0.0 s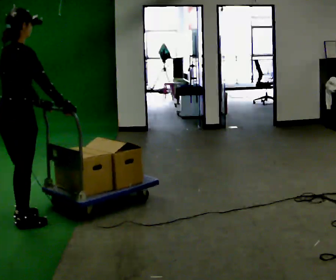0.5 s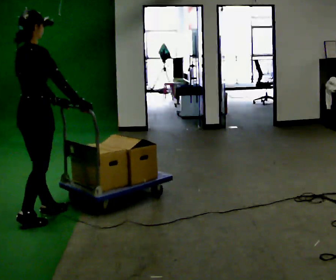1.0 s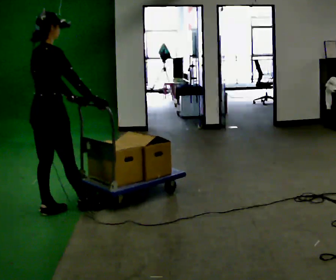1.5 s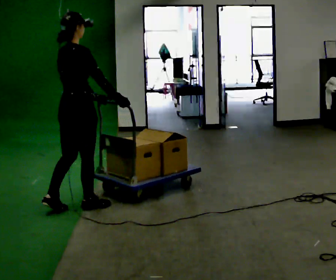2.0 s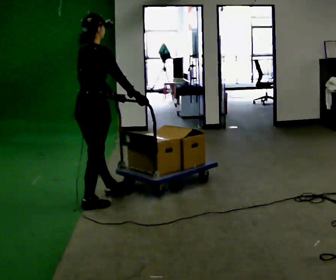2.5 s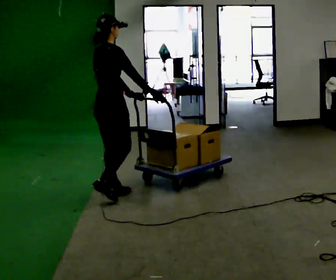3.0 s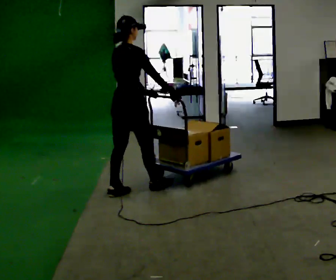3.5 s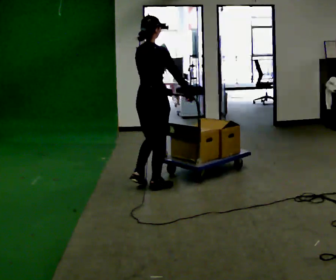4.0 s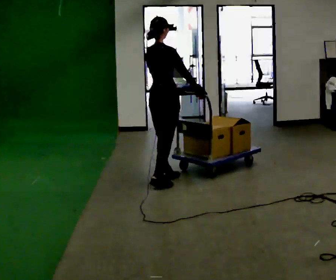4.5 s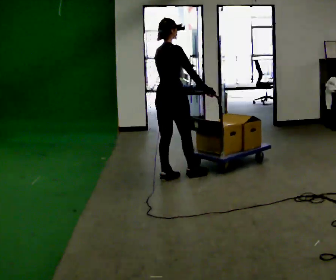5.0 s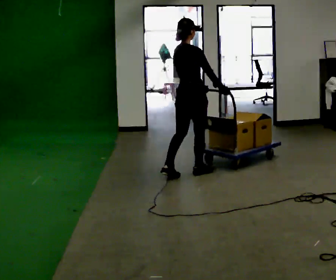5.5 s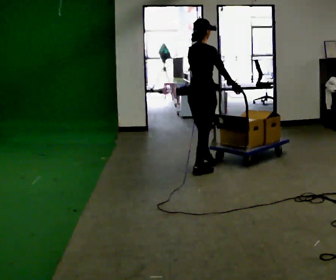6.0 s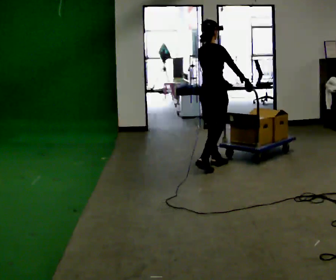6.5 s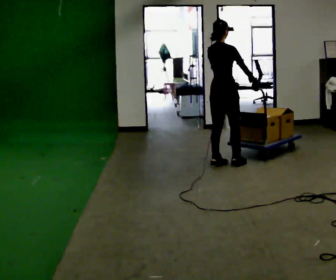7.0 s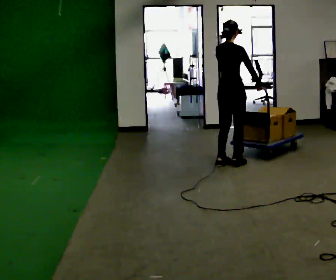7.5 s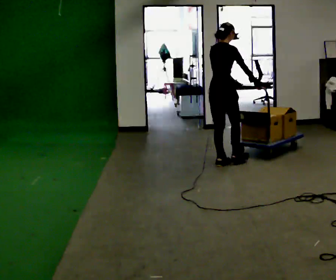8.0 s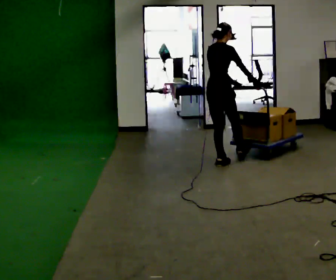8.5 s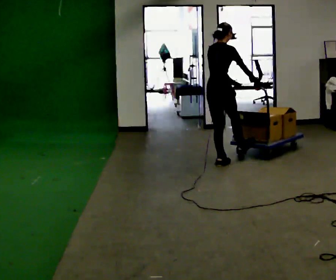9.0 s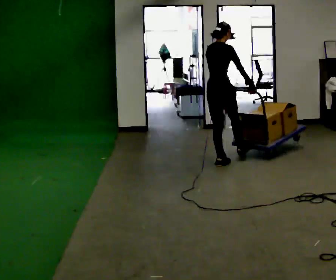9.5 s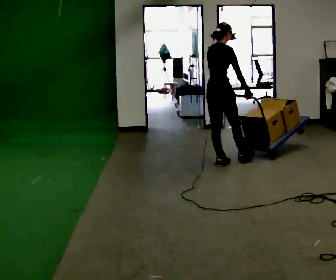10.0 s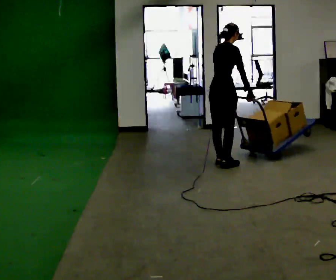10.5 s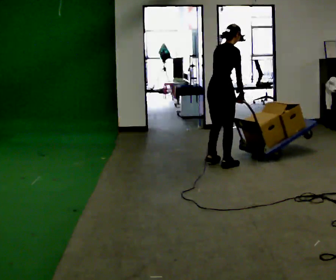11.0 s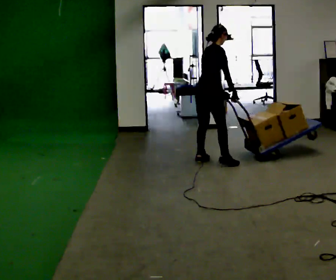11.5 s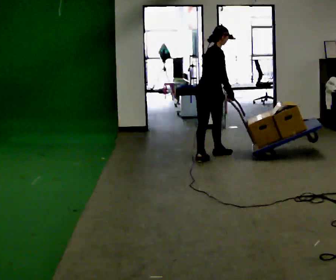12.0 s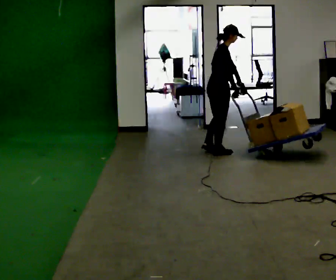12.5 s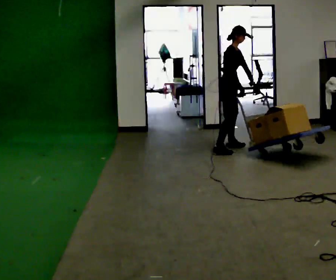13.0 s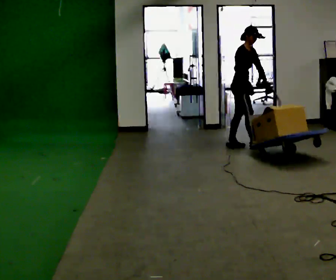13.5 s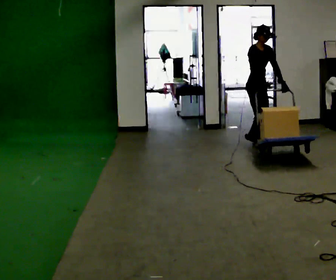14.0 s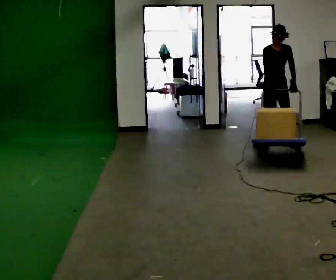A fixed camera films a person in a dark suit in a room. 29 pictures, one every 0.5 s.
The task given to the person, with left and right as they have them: Push the loaded cart from one corner of the room to the other, turn it round, and push it back. Keep going until the operator says stop.
0.0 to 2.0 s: In the picture they go away from the camera and to the right, about 0.5 m in 2 steps, which for them is forward.
2.0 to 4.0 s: In the picture they go away from the camera and to the right, about 1 m in 3 steps, which for them is forward.
4.0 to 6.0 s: In the picture they go away from the camera and to the right, about 0.5 m in 2 steps, which for them is forward.
6.0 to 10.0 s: The person moves a little, or ends about where they began.
10.0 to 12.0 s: In the picture they go away from the camera, about 0.5 m in 2 steps, which for them is to their left and forward.
12.0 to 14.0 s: The person turns about 105 degrees to their right, clockwise seen from above, so the part of the body nearest the lens slides to the left. In the picture they go to the right and away from the camera, about 1 m in 3 steps.
The film runs forward here.
